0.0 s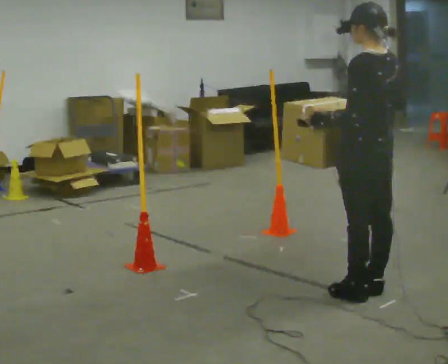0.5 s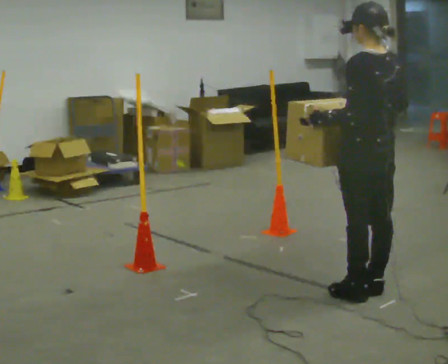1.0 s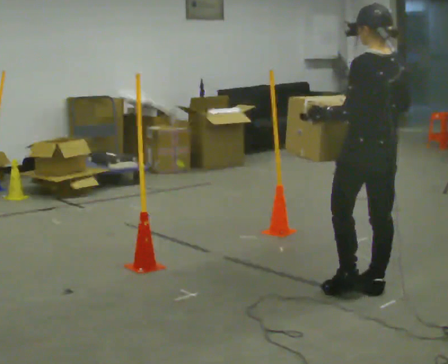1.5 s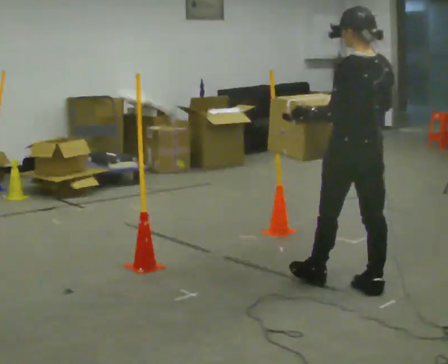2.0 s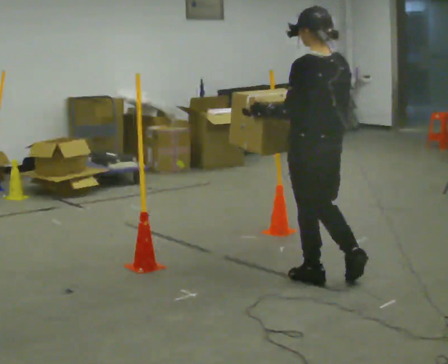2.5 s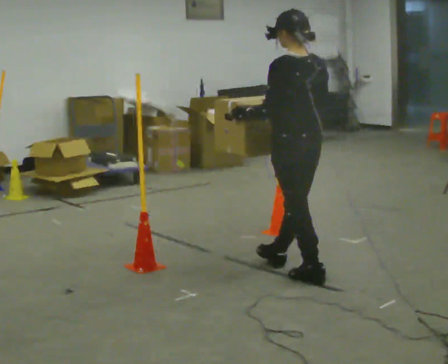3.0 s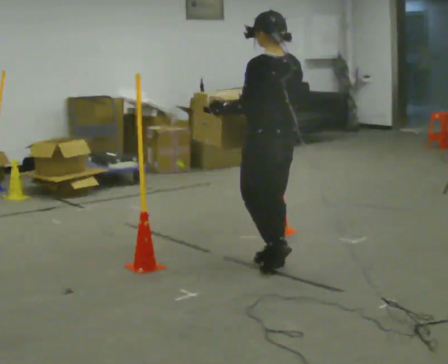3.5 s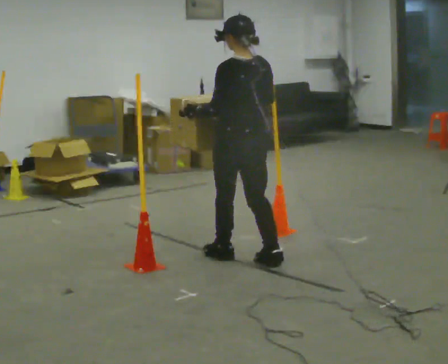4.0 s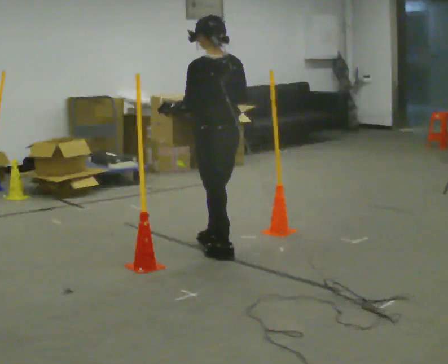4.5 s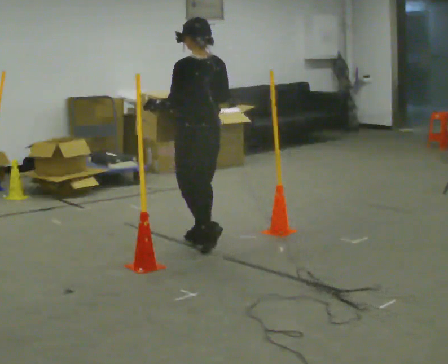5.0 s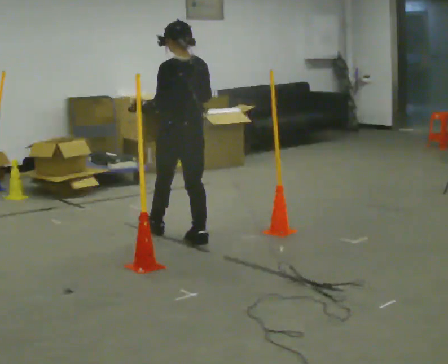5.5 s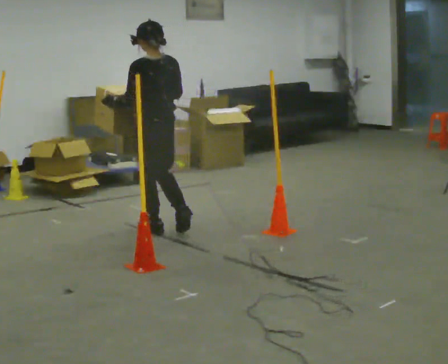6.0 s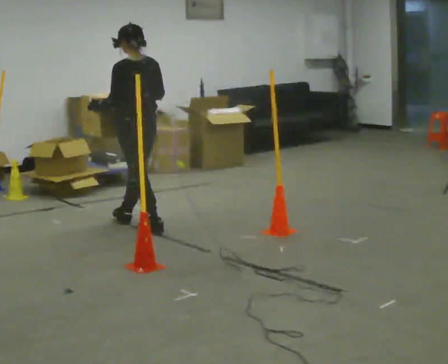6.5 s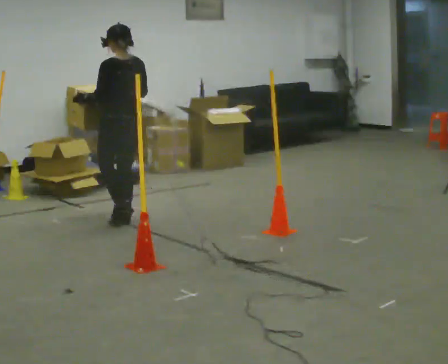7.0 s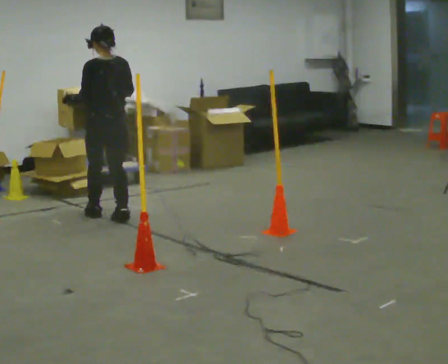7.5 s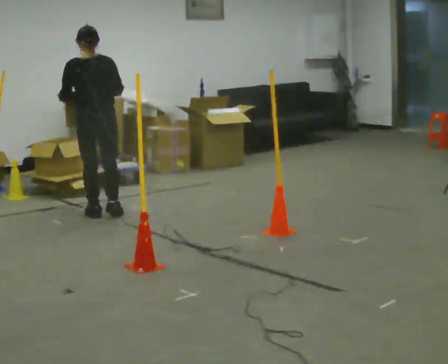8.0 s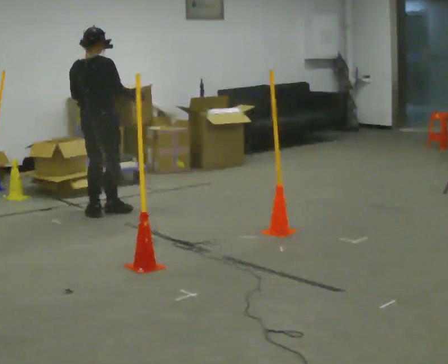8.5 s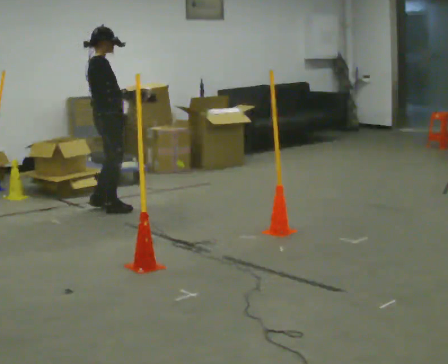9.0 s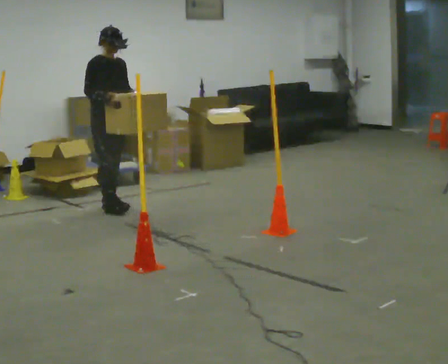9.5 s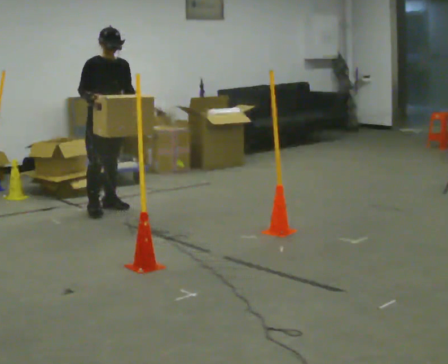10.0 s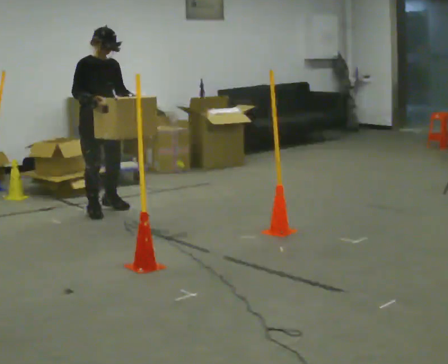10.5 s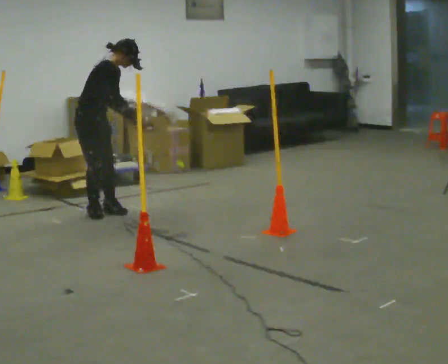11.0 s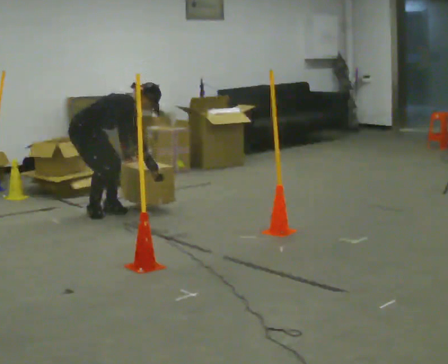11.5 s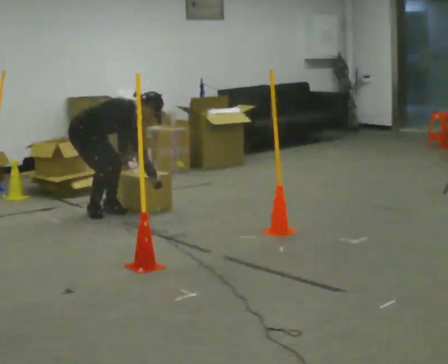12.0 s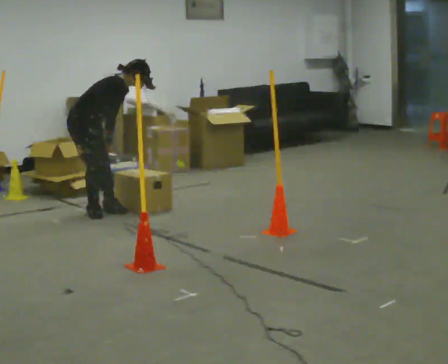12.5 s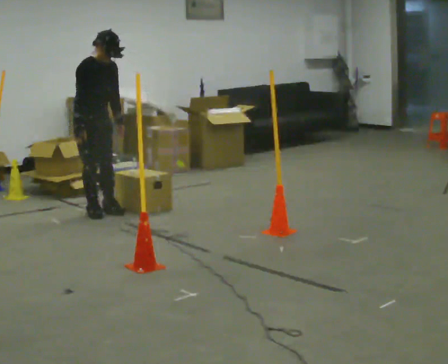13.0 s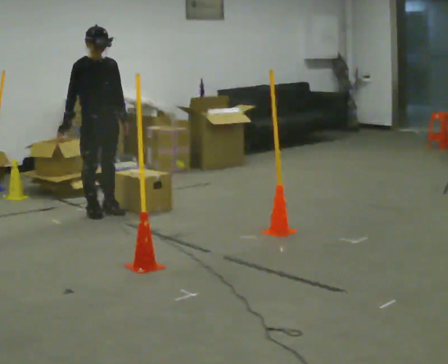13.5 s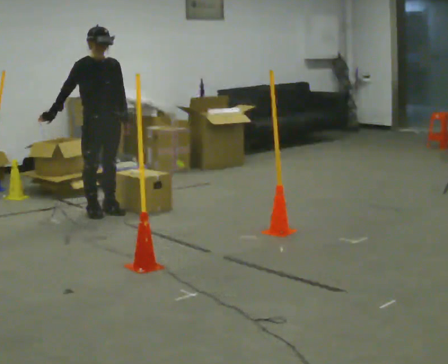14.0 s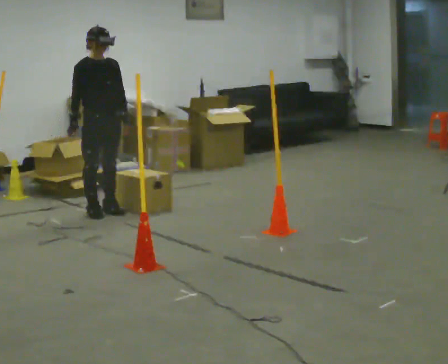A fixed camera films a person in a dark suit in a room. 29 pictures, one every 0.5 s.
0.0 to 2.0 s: In the picture they go away from the camera and to the left, about 0.25 m in 1 step, which for them is forward.
2.0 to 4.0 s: In the picture they go away from the camera and to the left, about 1 m in 2 steps, which for them is forward.
4.0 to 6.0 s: In the picture they go away from the camera and to the left, about 1 m in 3 steps, which for them is forward.
6.0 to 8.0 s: The part of the body nearest the lens slides to the left as the person turns to their right by about 75 degrees. In the picture they go away from the camera and to the left, about 0.5 m in 2 steps.
8.0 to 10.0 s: The part of the body nearest the lens slides to the left as the person turns to their right by about 105 degrees. In the picture their right hand goes to the left.
10.0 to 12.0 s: The person turns about 30 degrees to their left, counterclockwise seen from above, so the part of the body nearest the lens slides to the right. In the picture their left hand goes downward, the arm swinging clockwise.
12.0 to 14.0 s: The part of the body nearest the lens slides to the left as the person turns to their right by about 30 degrees. In the picture they go to the right, about 0.25 m. The shoulders move upward. In the picture the upper body tilts counterclockwise, shoulders to the left, as they lean back or straighten.
The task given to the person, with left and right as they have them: Carry the box through the gap between the panels without touching either side, then set it down and bring it back. Keep going until the operator says stop; one object at a time, and do not rush between trips.
The film runs forward here.
